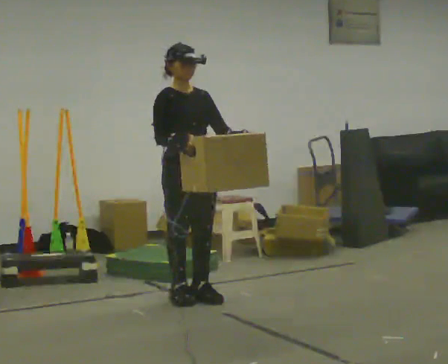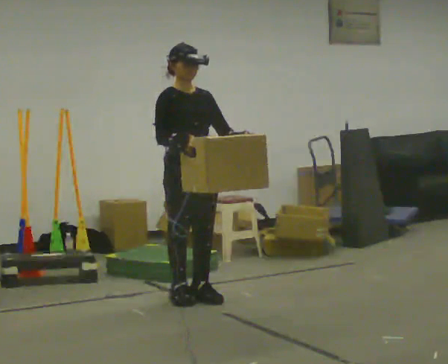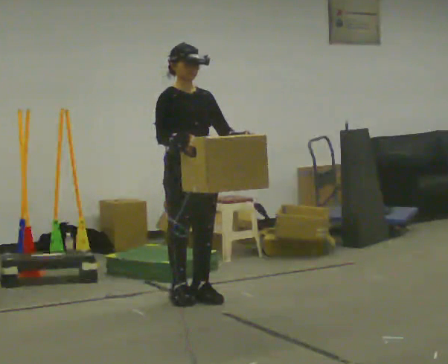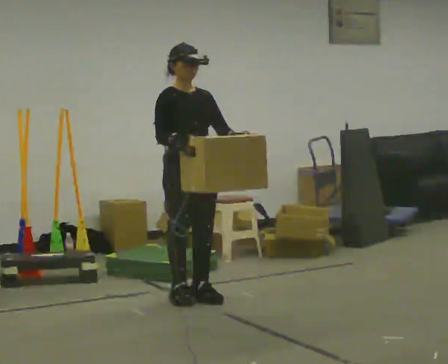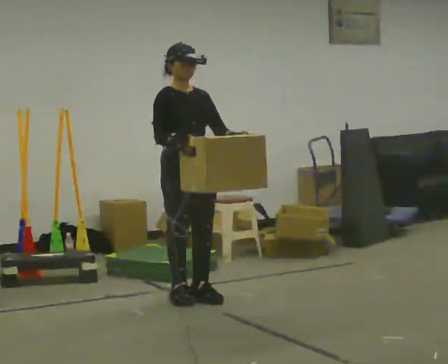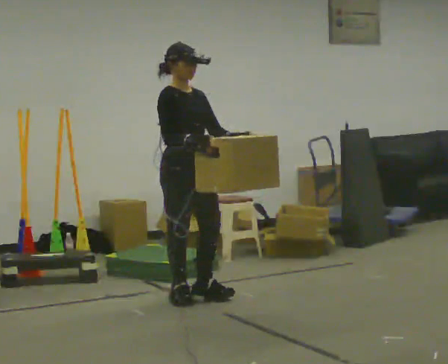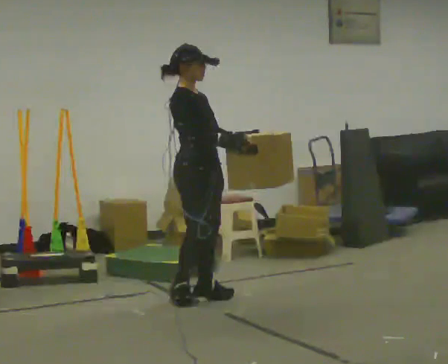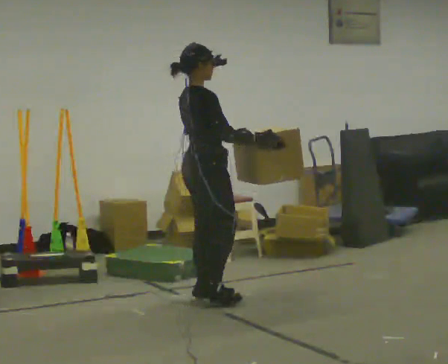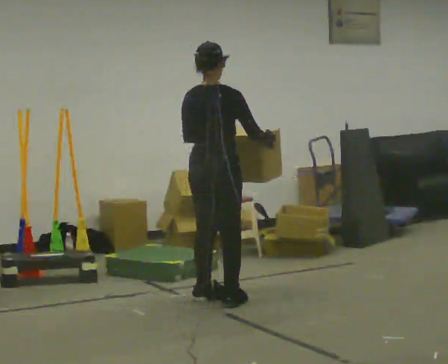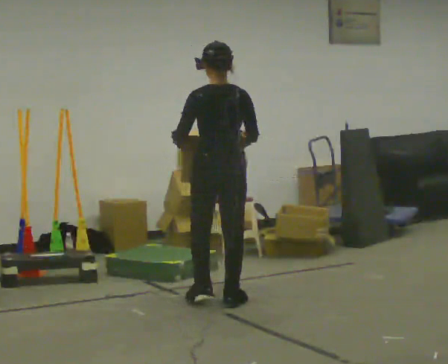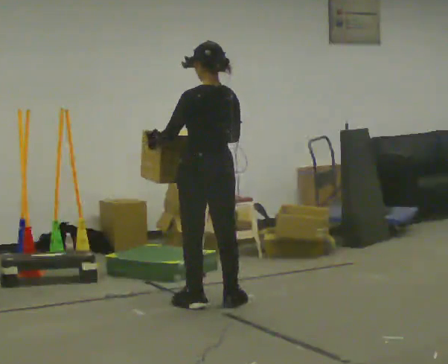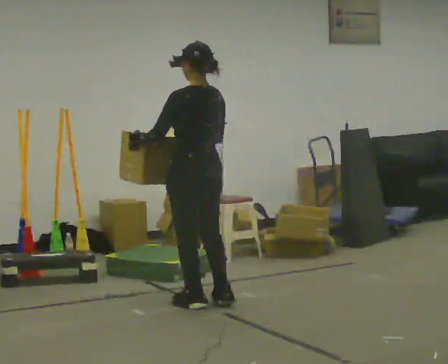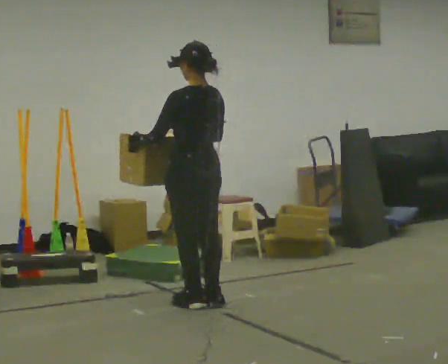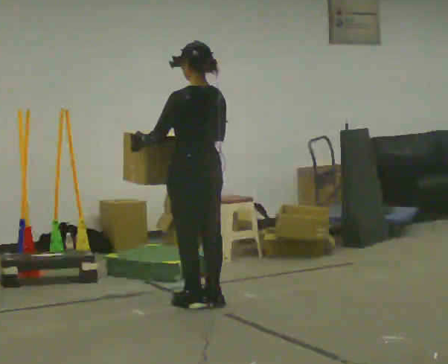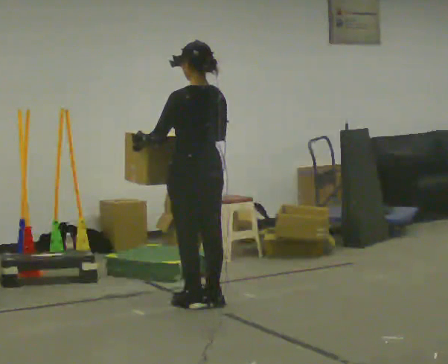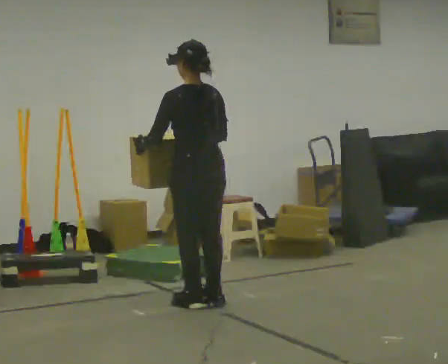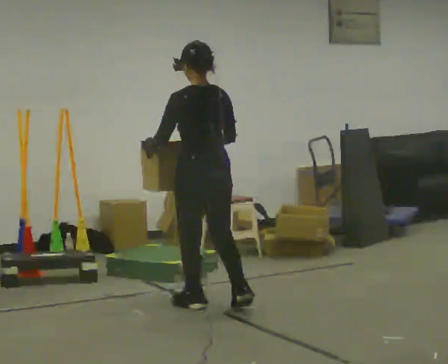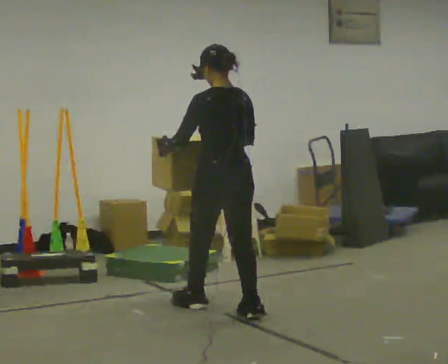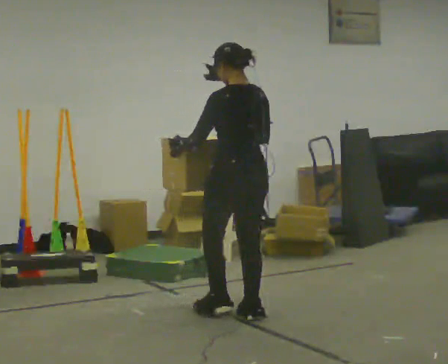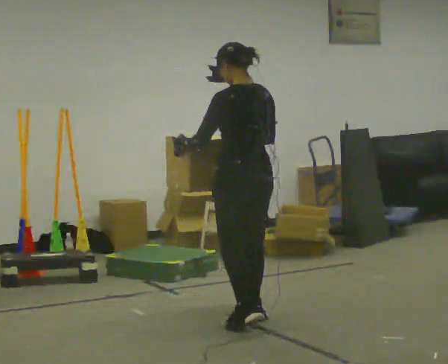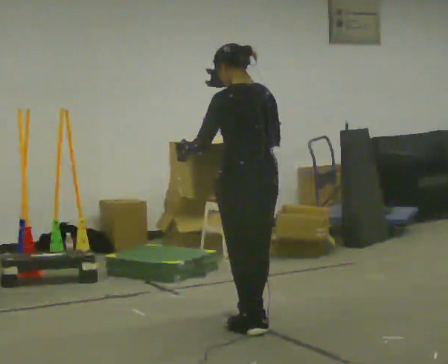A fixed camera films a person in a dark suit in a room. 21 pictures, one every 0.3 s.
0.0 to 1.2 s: The person moves a little, or ends about where they began.
1.2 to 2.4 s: The part of the body nearest the lens slides to the right as the person turns to their left by about 120 degrees. In the picture they go to the right, about 0.25 m in 1 step. In the picture their right hand goes to the right.
2.4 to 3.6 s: Seen from above the body turns counterclockwise, about 60 degrees: to their left, with its near side sliding to the right. In the picture their right hand goes to the left.
3.6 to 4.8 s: The person moves a little, or ends about where they began.
4.8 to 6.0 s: In the picture they go toward the camera and to the right, about 0.5 m in 2 steps, which for them is backward.
The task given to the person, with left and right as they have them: Carry the box while walking backward. The operator confirms the space behind you is clear before each take.
The film runs forward here.
